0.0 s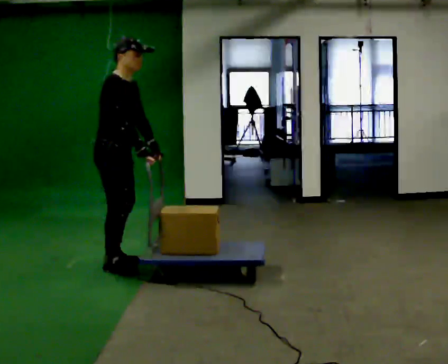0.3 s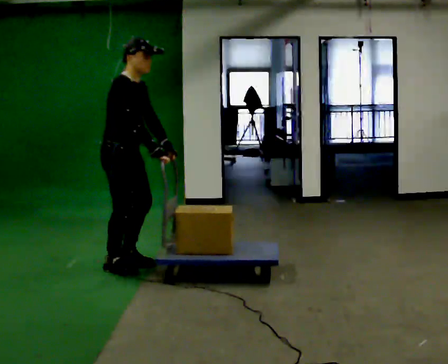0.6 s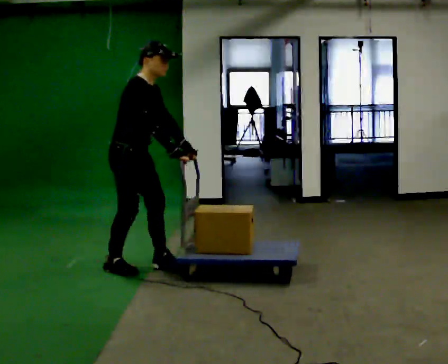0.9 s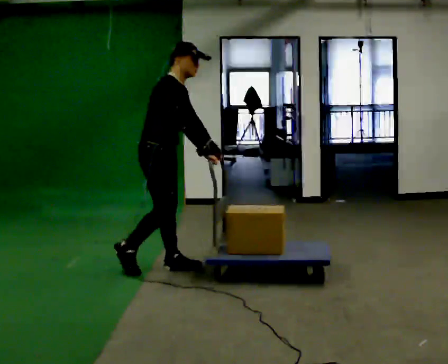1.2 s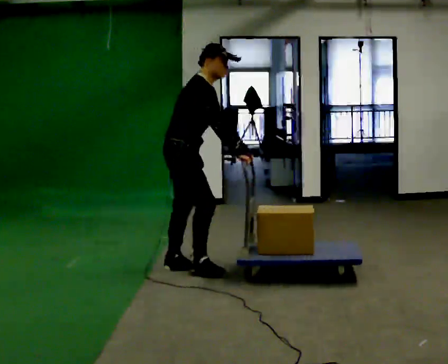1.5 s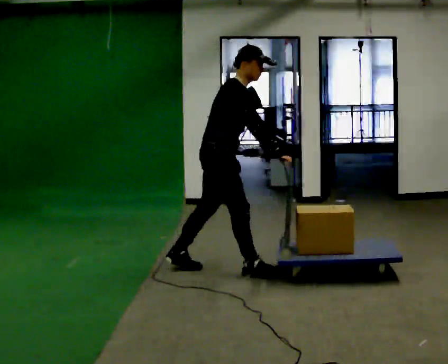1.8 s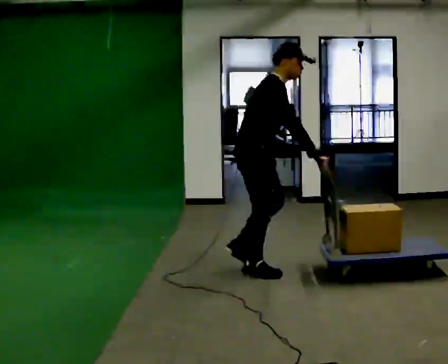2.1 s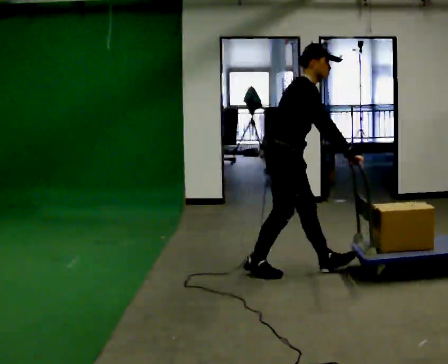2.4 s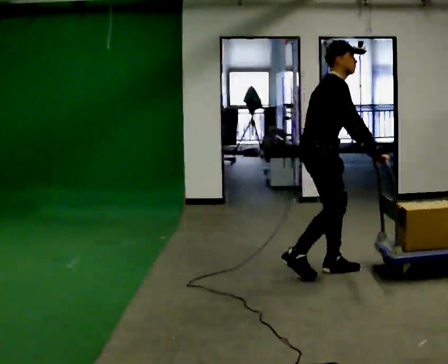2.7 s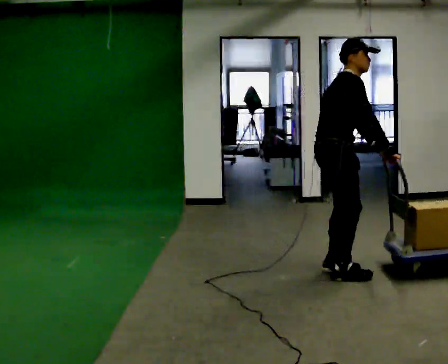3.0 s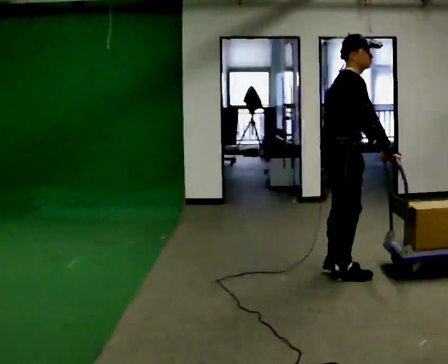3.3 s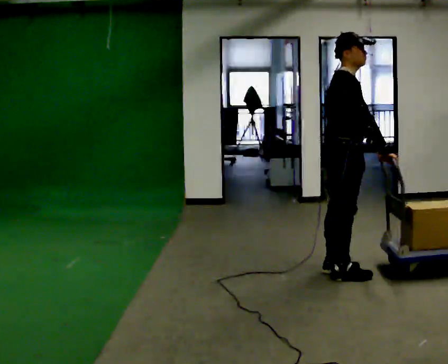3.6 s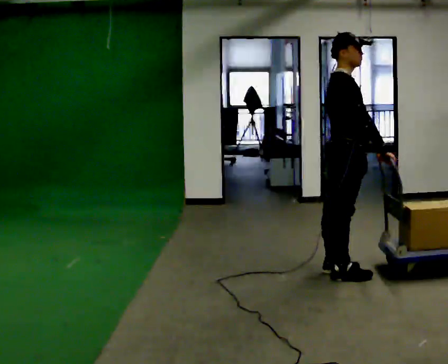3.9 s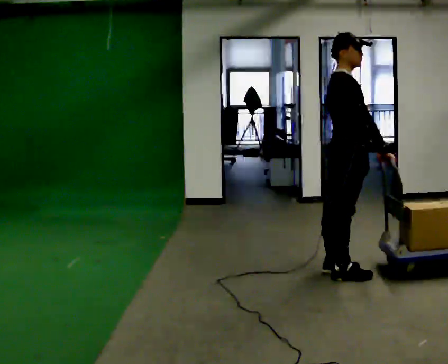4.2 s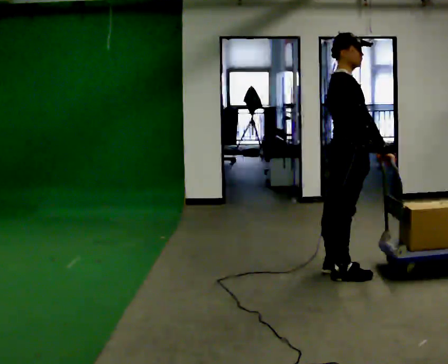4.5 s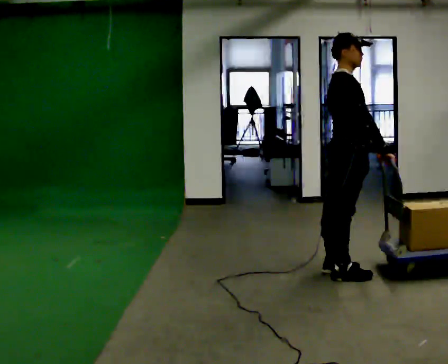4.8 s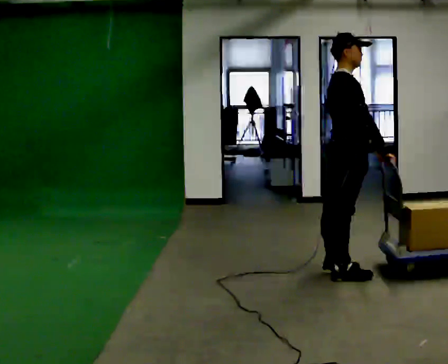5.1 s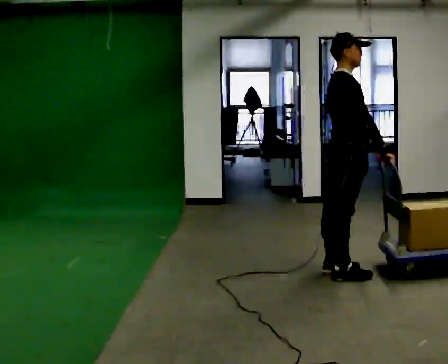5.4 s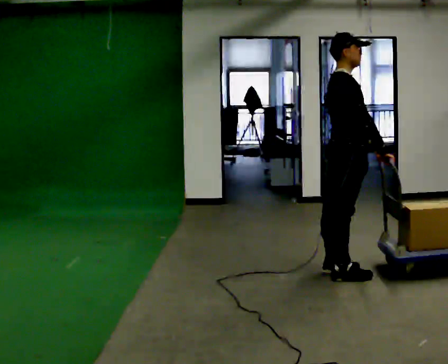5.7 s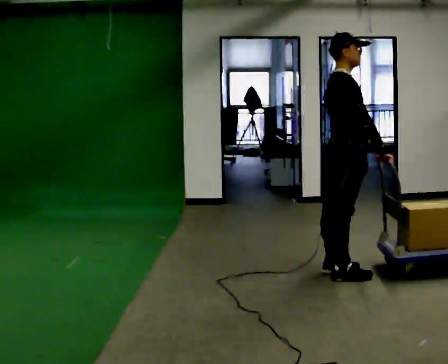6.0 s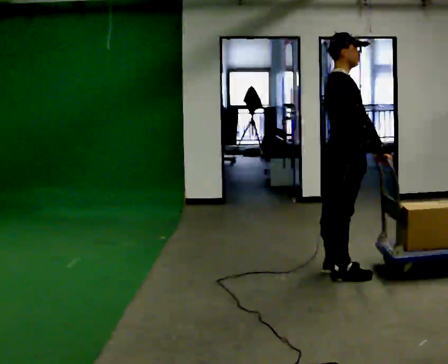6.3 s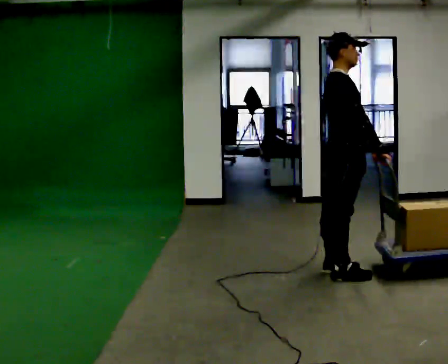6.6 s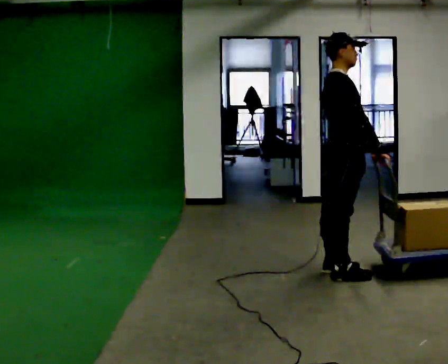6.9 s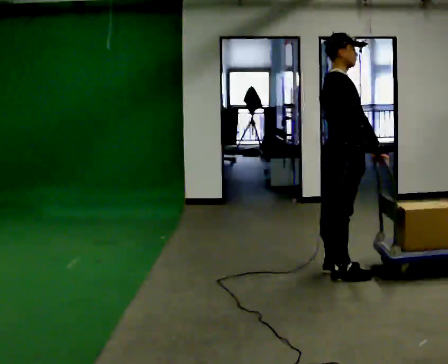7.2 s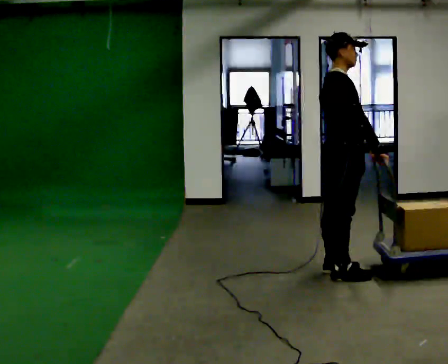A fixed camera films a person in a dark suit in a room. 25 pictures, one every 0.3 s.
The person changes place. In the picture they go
to the right.
0.0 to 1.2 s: In the picture they go to the right, about 0.5 m in 1 step, which for them is forward.
1.2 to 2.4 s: In the picture they go to the right, about 1 m in 2 steps, which for them is forward.
2.4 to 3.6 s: In the picture they go to the right, about 0.25 m in 1 step, which for them is forward. In the picture the upper body tilts counterclockwise, shoulders to the left, as they lean back or straighten.
3.6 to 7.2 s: The person moves a little, or ends about where they began.
The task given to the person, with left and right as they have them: Stand still with your hands on the cart. When the operator says go, get it moving, push it a few metres, then bring it to a stop. Repeat until the operator says stop.
The film runs forward here.
